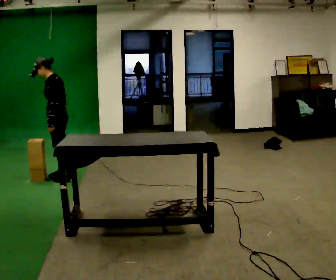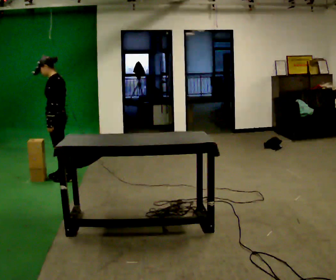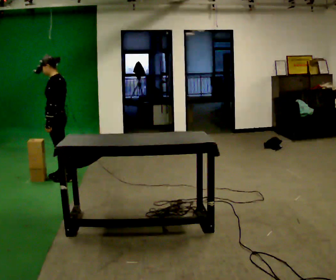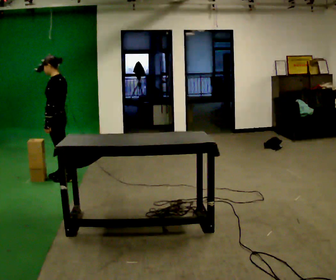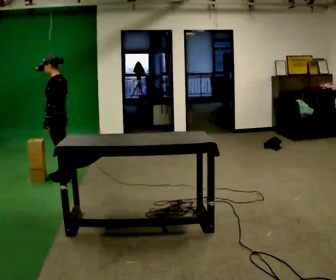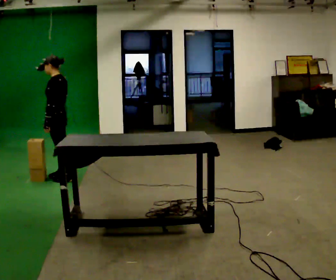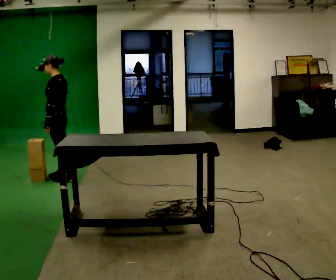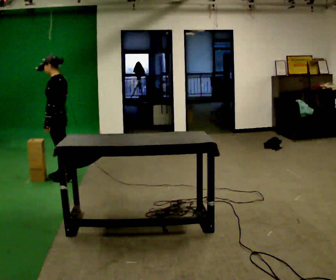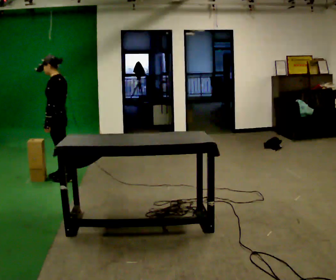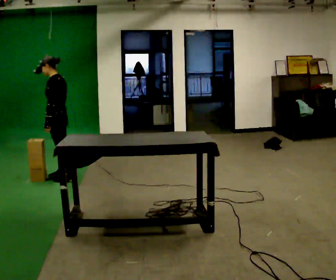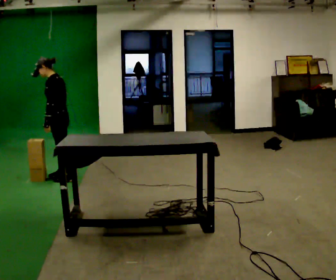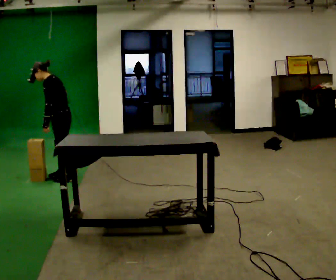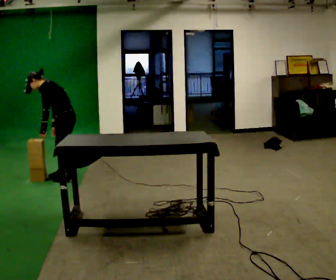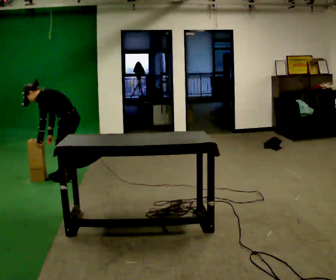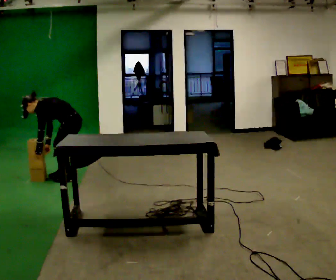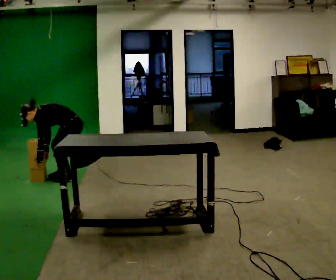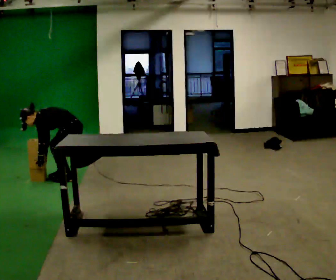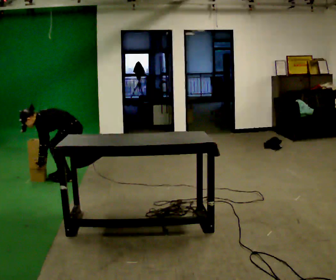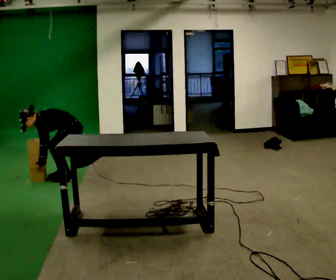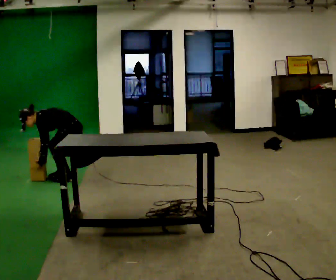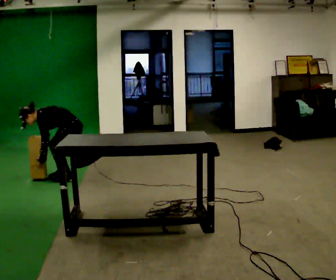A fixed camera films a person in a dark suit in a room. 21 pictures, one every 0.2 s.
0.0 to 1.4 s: The person moves a little, or ends about where they began.
1.4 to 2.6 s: In the picture they go to the right, about 0.25 m, which for them is backward. The shoulders move downward. In the picture the upper body tilts counterclockwise, shoulders to the left, as they bend forward.
2.6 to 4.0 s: The shoulders move downward.
The film runs forward here.
